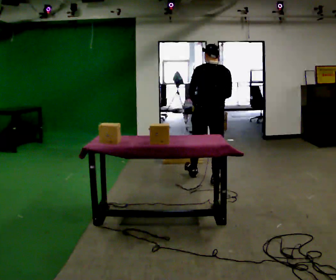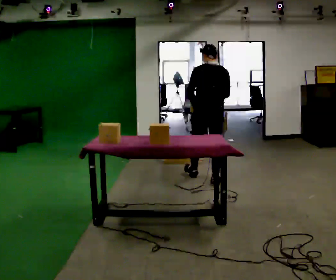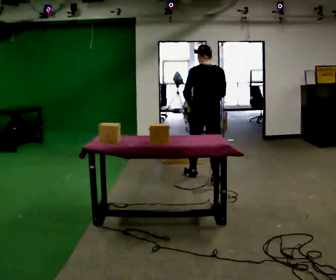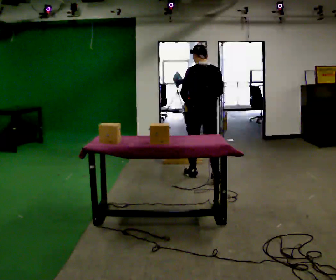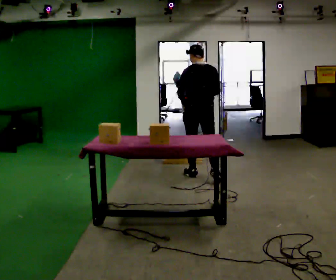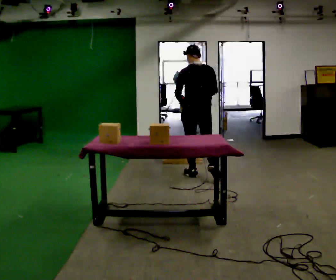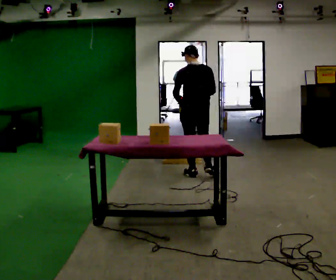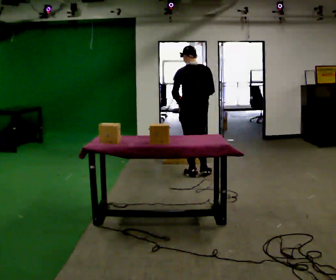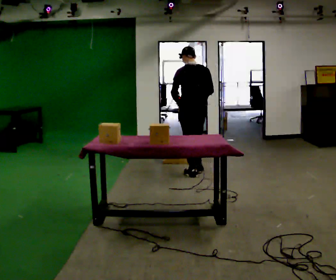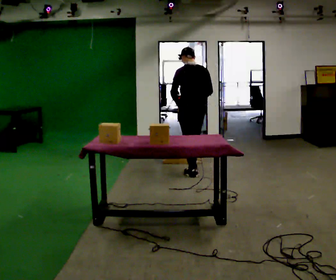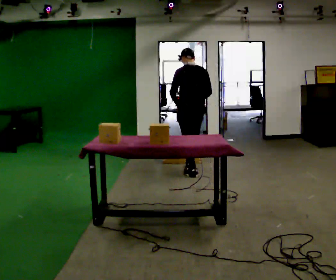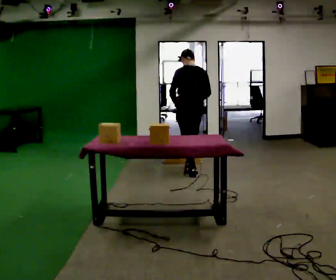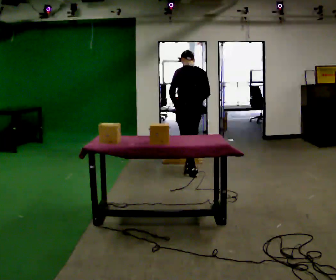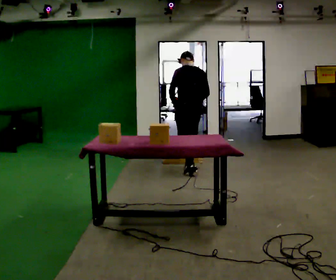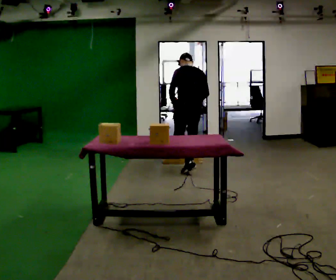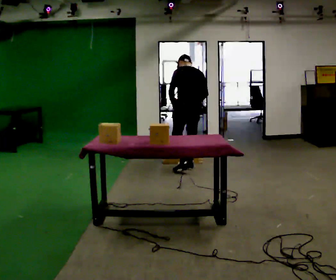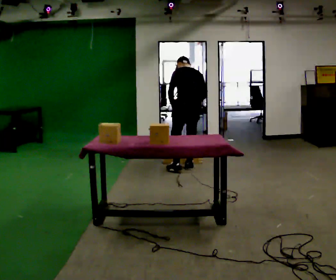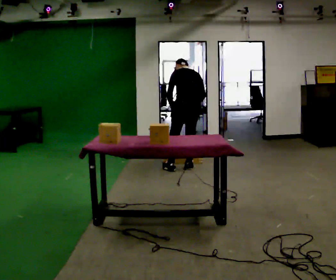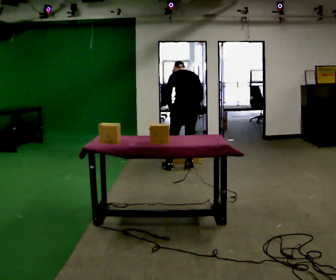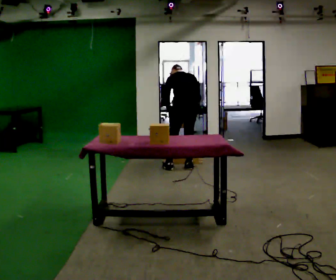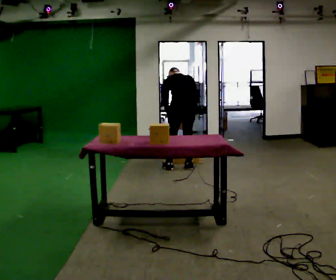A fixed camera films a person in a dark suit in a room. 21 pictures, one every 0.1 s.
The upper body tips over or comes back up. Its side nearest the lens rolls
upward.
0.0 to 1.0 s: In the picture they go away from the camera and to the left, about 0.5 m, which for them is forward.
1.0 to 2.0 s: In the picture they go away from the camera, about 0.25 m in 2 steps, which for them is forward. The upper body tips away from the camera, its near side rolling upward, as they bend forward.
The film runs forward here.
